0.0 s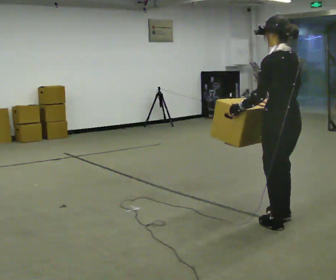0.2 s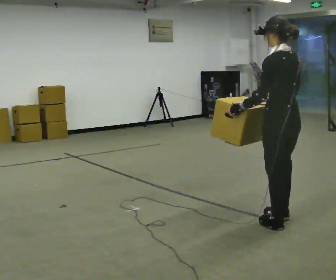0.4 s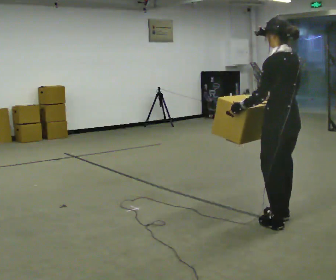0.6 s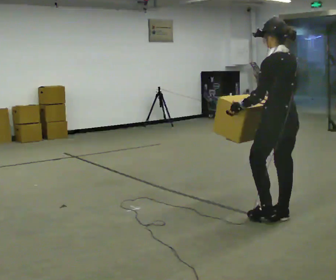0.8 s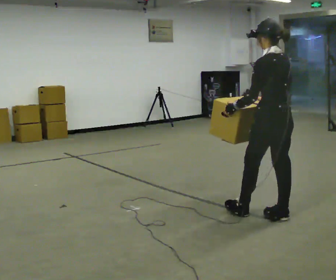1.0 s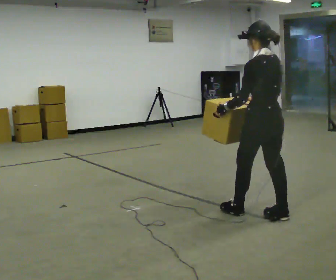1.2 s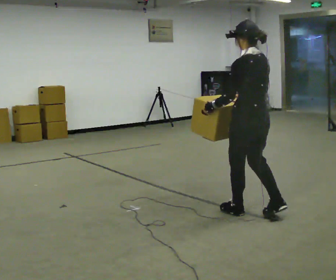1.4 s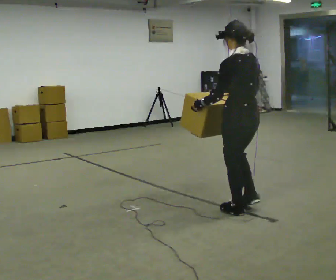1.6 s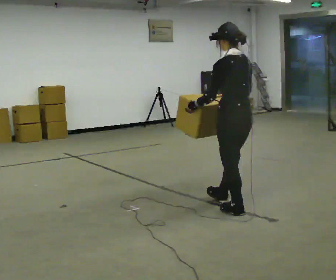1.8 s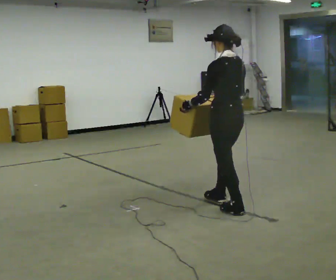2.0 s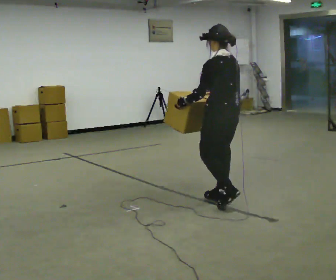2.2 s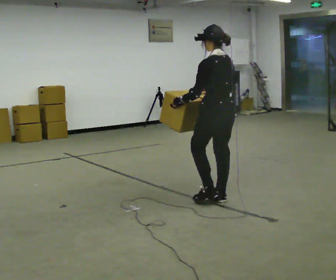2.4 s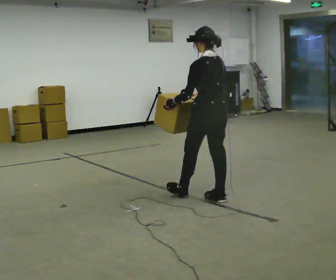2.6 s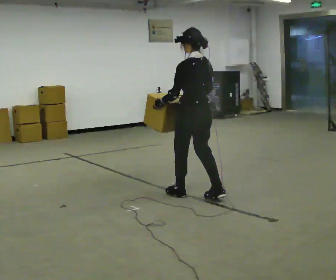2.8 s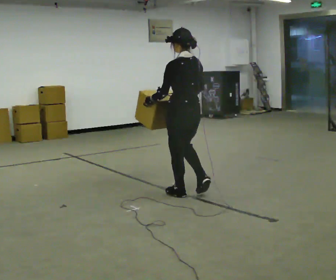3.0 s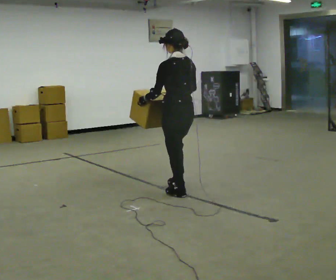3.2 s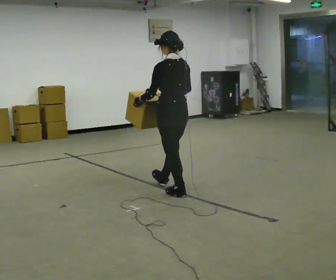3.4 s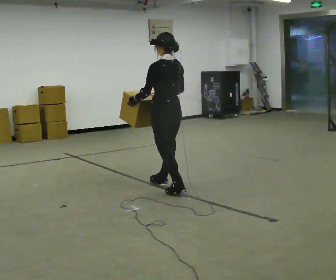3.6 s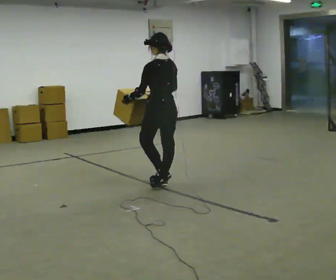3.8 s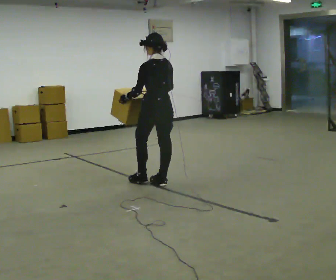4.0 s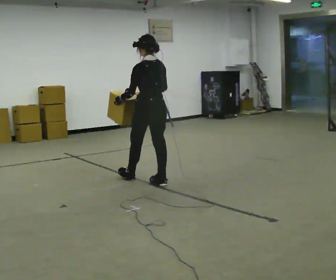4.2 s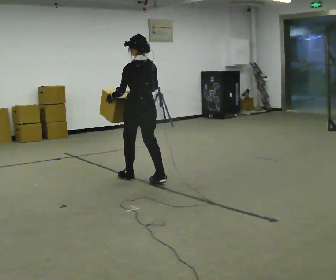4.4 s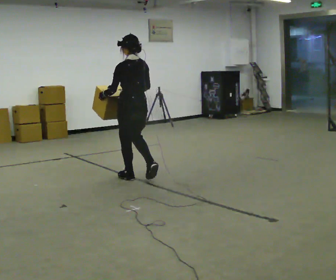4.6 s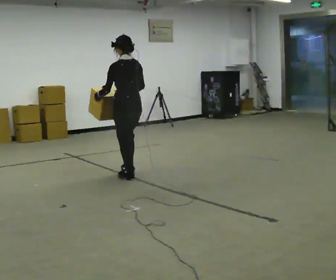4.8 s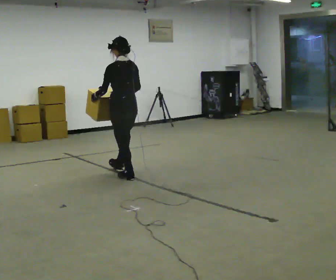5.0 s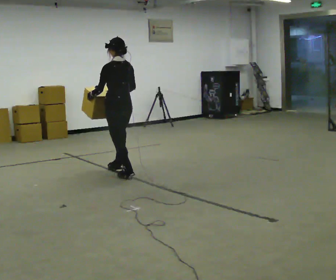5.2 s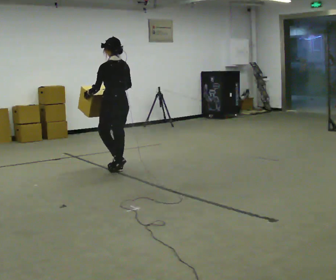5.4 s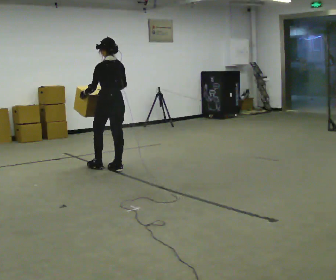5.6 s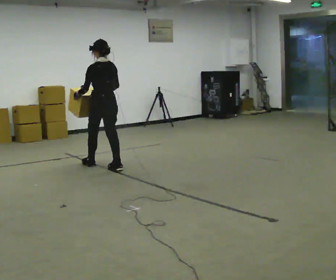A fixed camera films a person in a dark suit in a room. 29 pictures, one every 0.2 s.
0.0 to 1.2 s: In the picture they go away from the camera and to the left, about 0.25 m in 2 steps, which for them is forward.
1.2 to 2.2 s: In the picture they go away from the camera and to the left, about 0.5 m in 1 step, which for them is forward.
2.2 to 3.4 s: In the picture they go away from the camera and to the left, about 0.75 m in 2 steps, which for them is forward.
3.4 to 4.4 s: In the picture they go to the left and away from the camera, about 0.5 m in 1 step, which for them is forward.
4.4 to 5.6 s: In the picture they go away from the camera and to the left, about 0.75 m in 2 steps, which for them is forward.
The film runs forward here.
